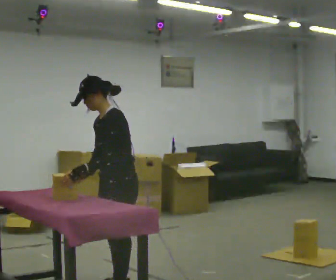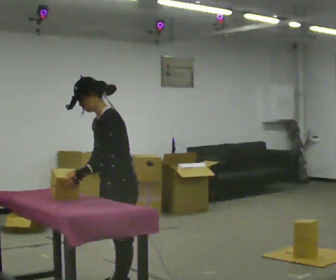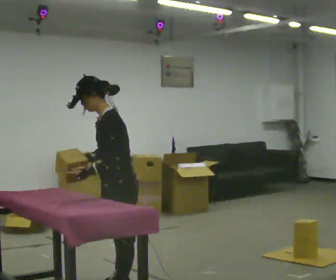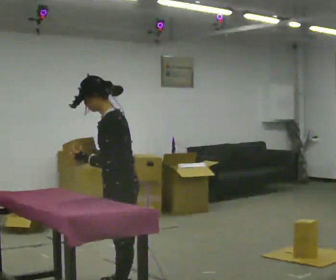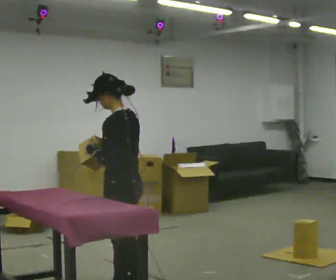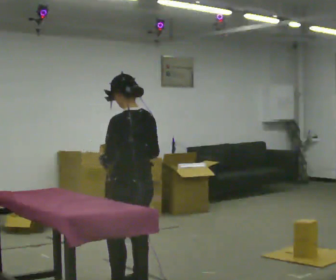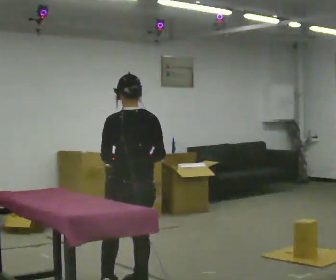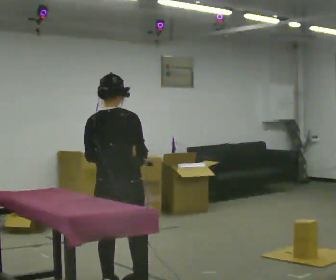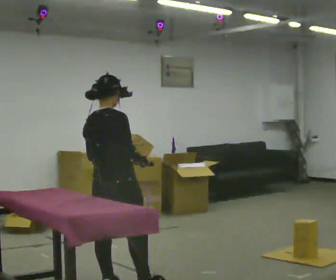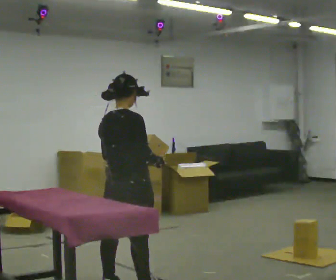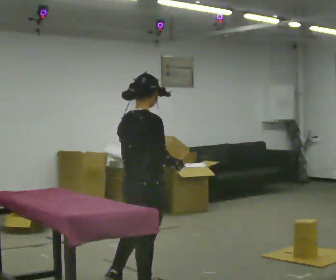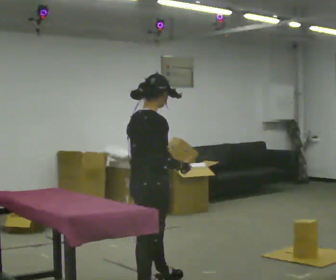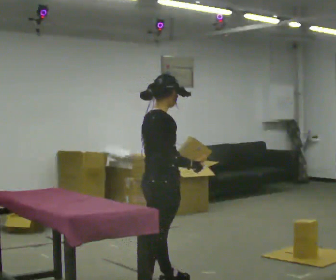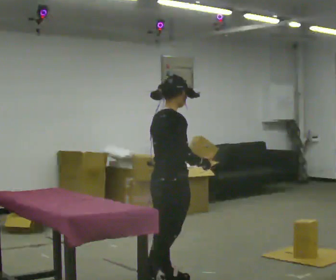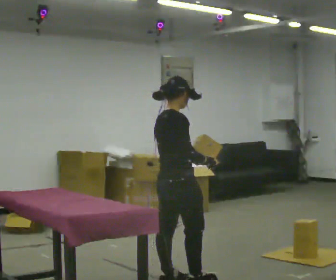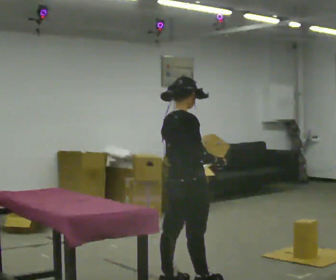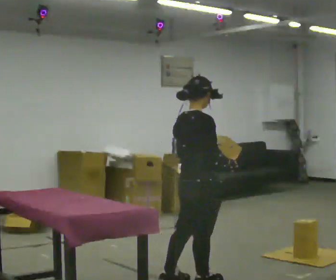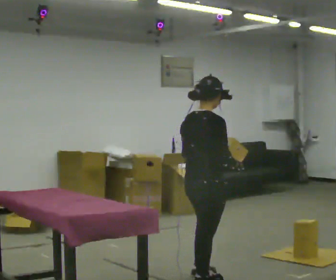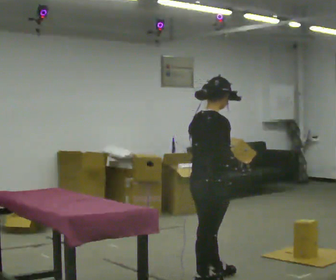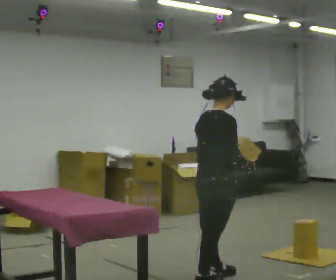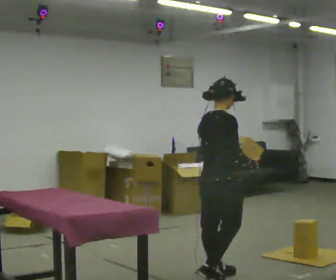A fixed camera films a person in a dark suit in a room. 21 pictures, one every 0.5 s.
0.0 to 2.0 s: Seen from above the body turns clockwise, about 45 degrees: to their right, with its near side sliding to the left.
2.0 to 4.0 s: The person turns about 105 degrees to their right, clockwise seen from above, so the part of the body nearest the lens slides to the left.
4.0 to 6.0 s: The person turns about 30 degrees to their right, clockwise seen from above, so the part of the body nearest the lens slides to the left. In the picture they go to the right, about 0.25 m in 1 step, which for them is forward and to their right.
6.0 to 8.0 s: In the picture they go to the right, about 0.25 m in 1 step, which for them is forward.
8.0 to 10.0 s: In the picture they go away from the camera and to the right, about 0.25 m in 1 step, which for them is forward.
The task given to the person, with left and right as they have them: Take each object from the table and put it in the bin that matches it, walking between the bins. Keep going until the operator says stop; one object at a time, and do not rush between trips.
The film runs forward here.
